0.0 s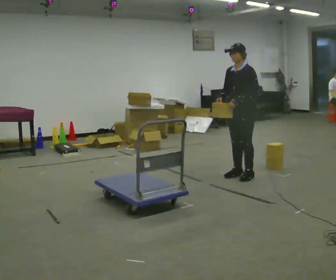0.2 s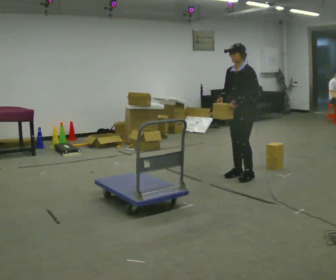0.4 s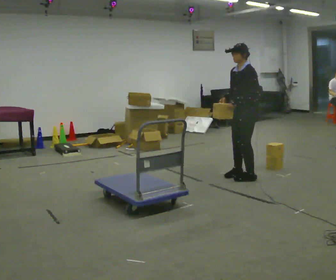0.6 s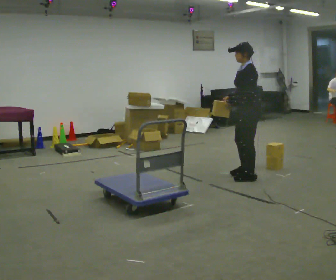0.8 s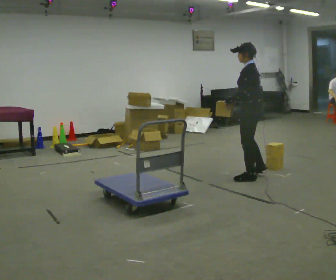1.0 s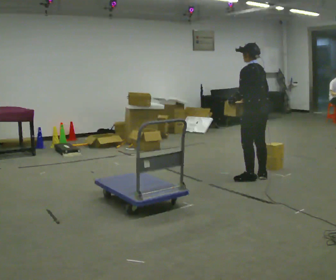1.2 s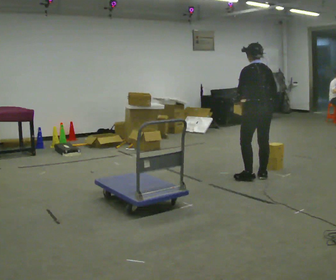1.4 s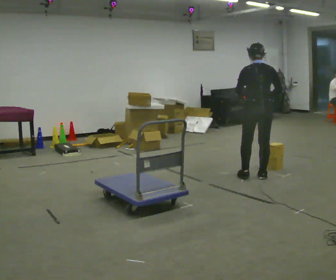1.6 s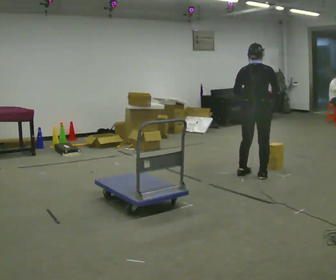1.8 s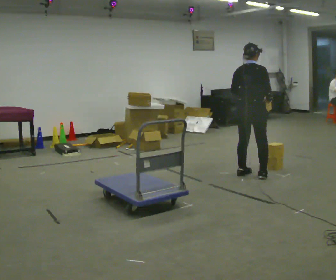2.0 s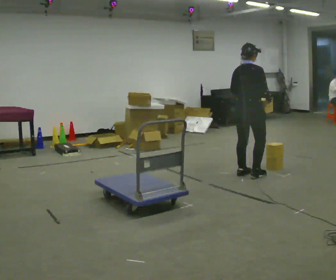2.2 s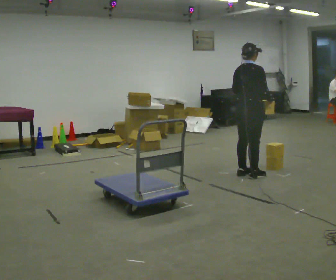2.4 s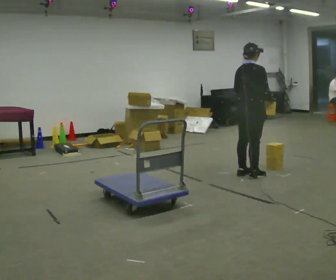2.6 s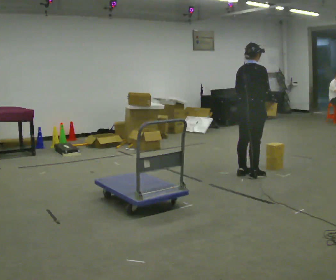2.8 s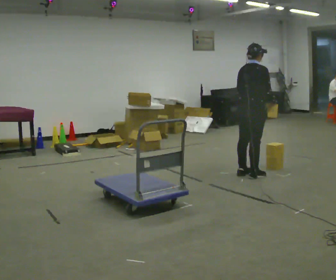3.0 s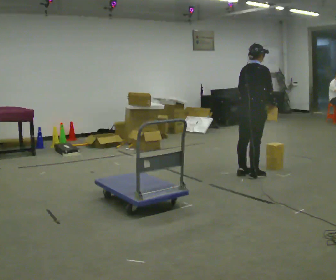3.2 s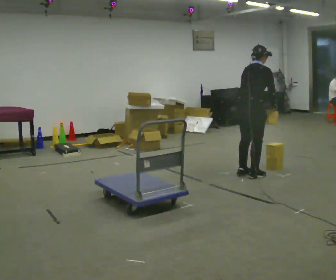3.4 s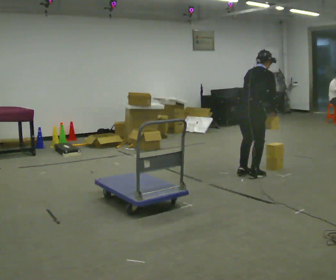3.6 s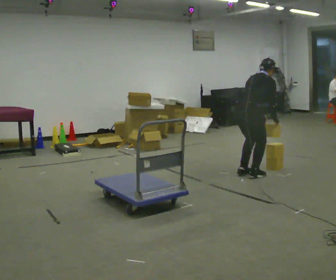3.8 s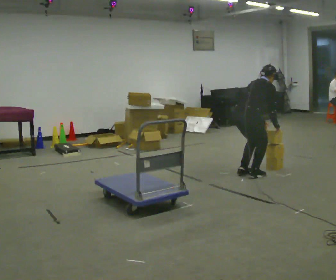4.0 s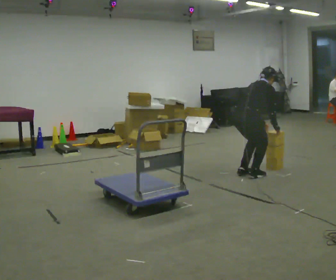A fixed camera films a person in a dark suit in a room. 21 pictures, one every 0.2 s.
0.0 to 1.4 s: The person turns about 120 degrees to their right, clockwise seen from above, so the part of the body nearest the lens slides to the left. In the picture they go to the right, about 0.25 m in 2 steps. In the picture their right hand goes to the right, the arm swinging counterclockwise.
1.4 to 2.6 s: The part of the body nearest the lens slides to the left as the person turns to their right by about 60 degrees.
2.6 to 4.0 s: The shoulders move downward. In the picture the upper body tilts clockwise, shoulders to the right, as they bend forward. In the picture their left hand goes downward.
The film runs backward here.
